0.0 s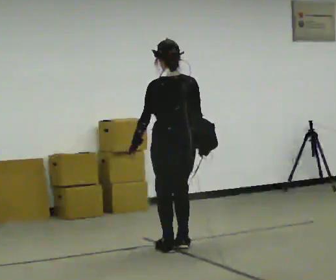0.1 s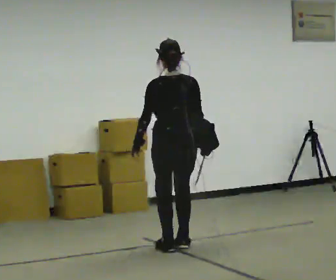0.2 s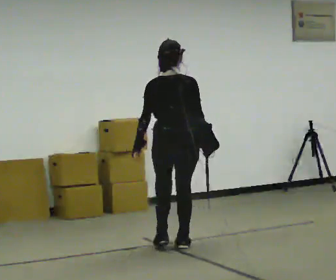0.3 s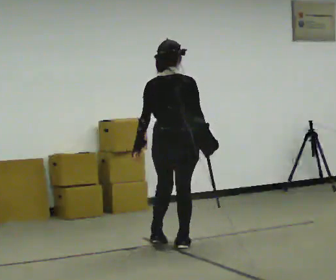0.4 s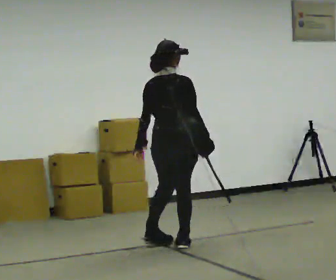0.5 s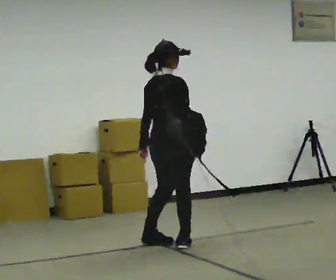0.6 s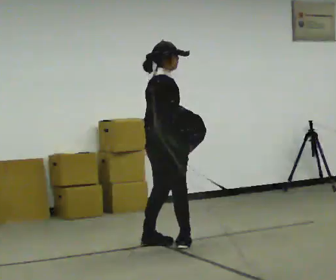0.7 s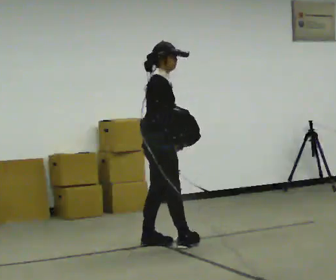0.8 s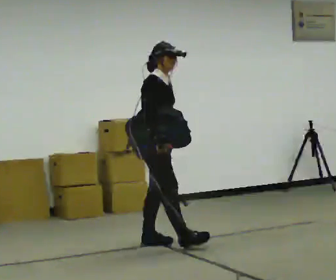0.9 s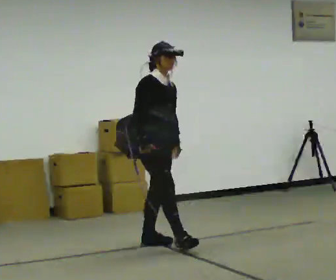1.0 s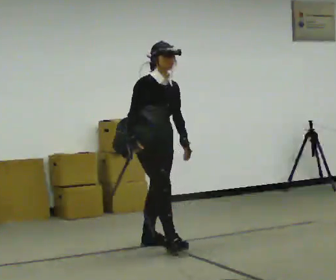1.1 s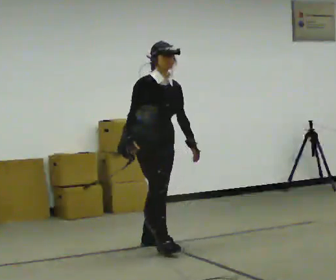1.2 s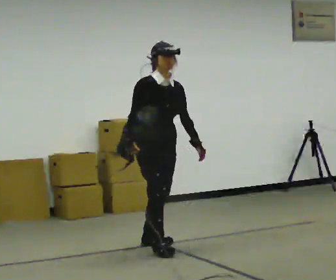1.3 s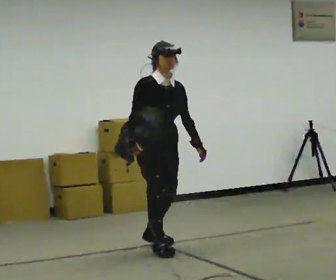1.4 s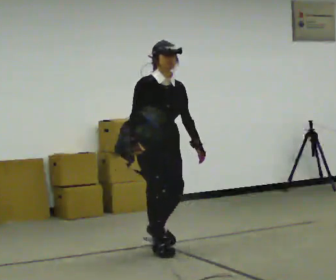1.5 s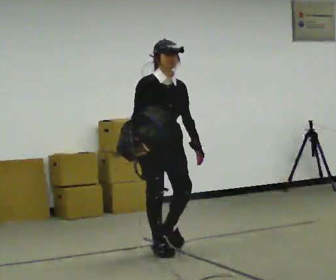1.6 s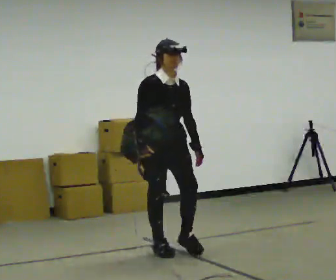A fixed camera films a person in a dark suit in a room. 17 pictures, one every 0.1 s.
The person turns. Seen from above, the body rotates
clockwise.
The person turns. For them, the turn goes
to their right.
0.0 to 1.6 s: The part of the body nearest the lens slides to the left as the person turns to their right by about 165 degrees. In the picture they go toward the camera, about 0.25 m in 2 steps. In the picture their right hand goes to the left.
The film runs forward here.
